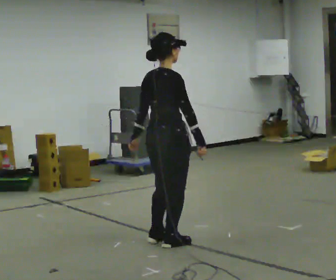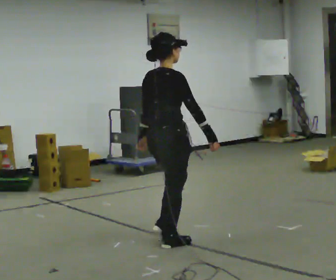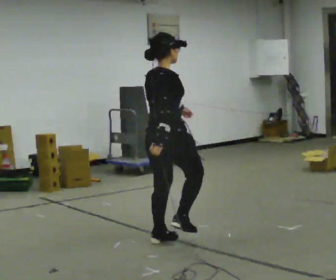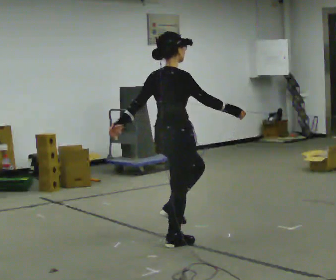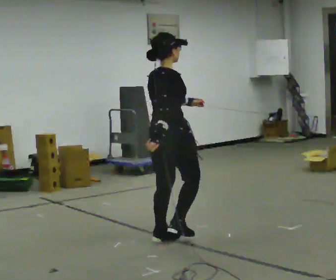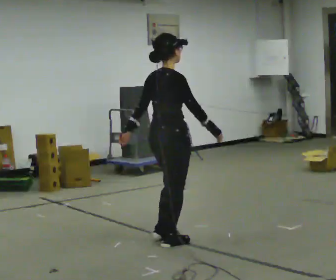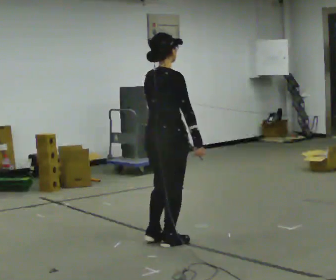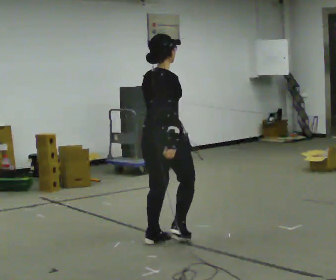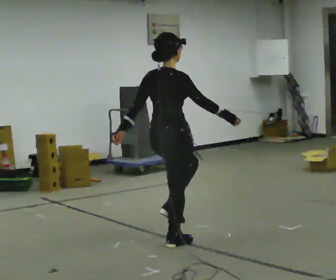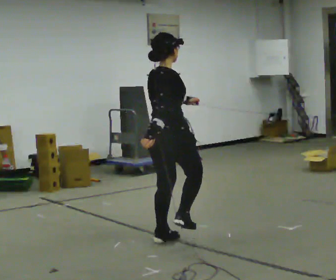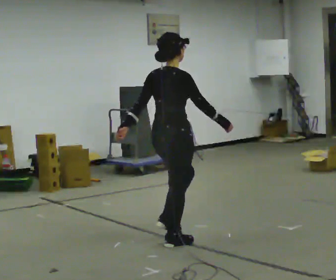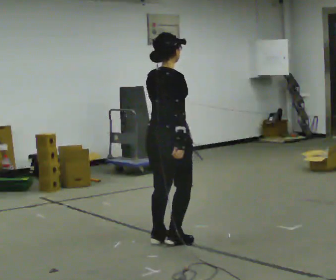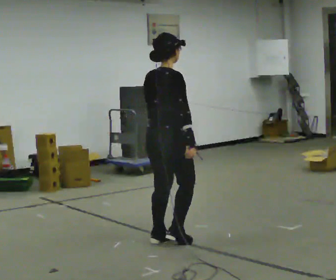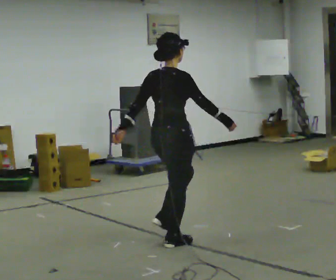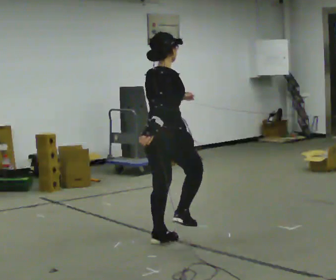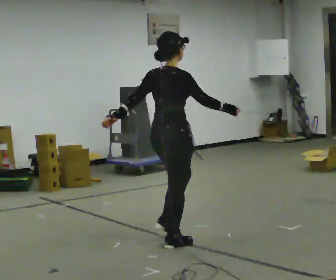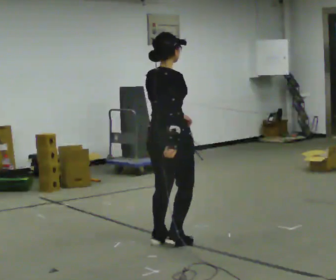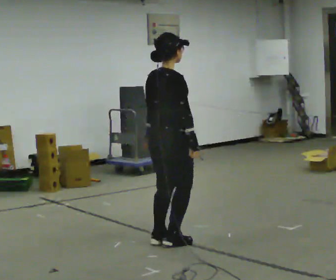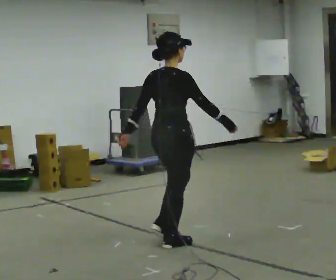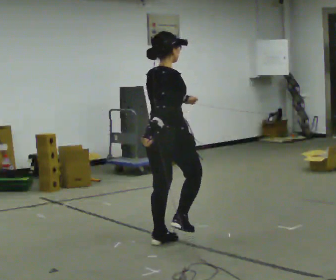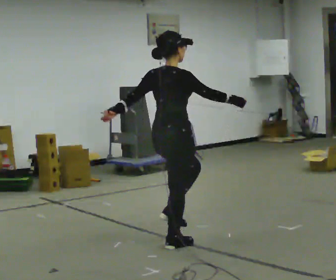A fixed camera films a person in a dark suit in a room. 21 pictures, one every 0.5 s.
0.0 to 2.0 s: In the picture their left hand goes to the right.
2.0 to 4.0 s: In the picture their left hand goes to the left.
4.0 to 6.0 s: In the picture their left hand goes to the right.
6.0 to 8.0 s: The person moves a little, or ends about where they began.
8.0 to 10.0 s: In the picture their left hand goes to the left.
The film runs backward here.
